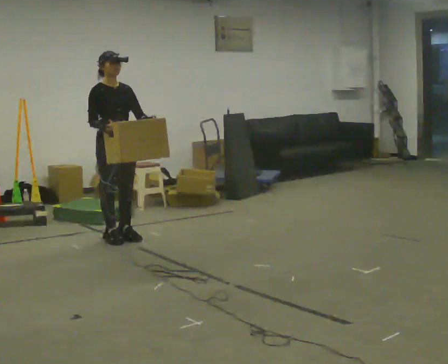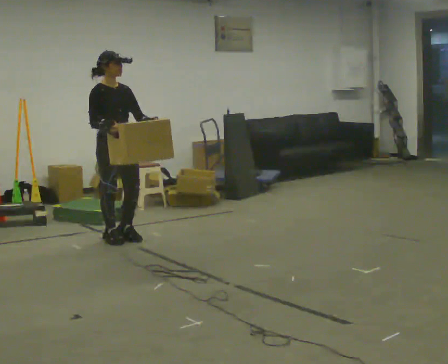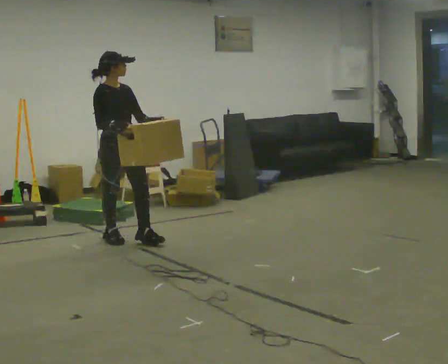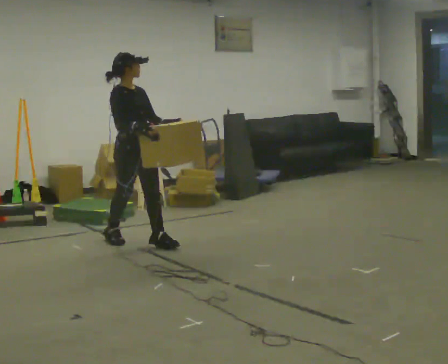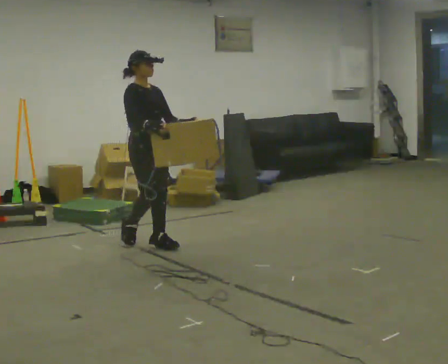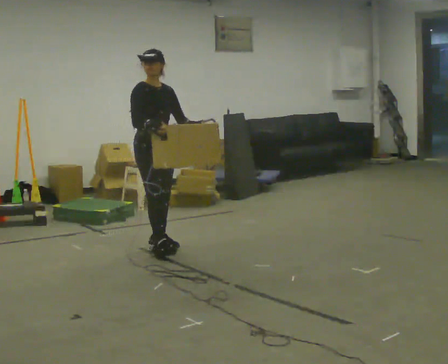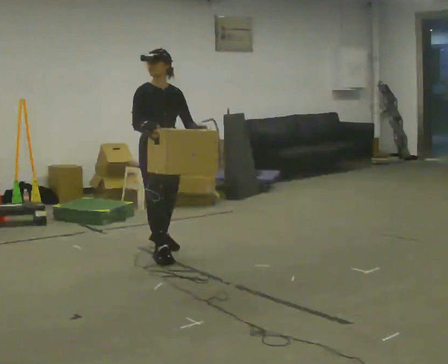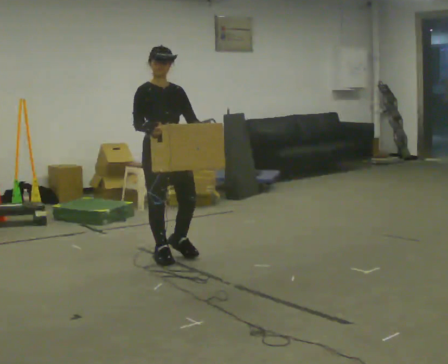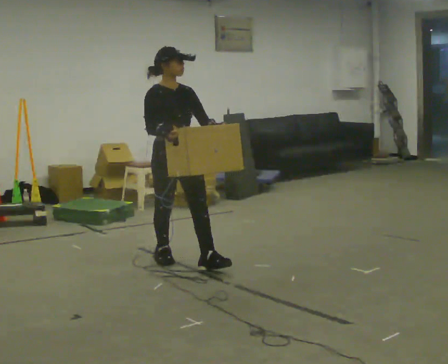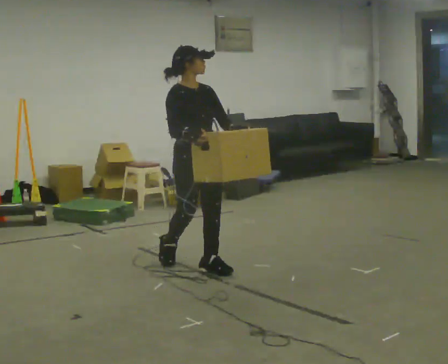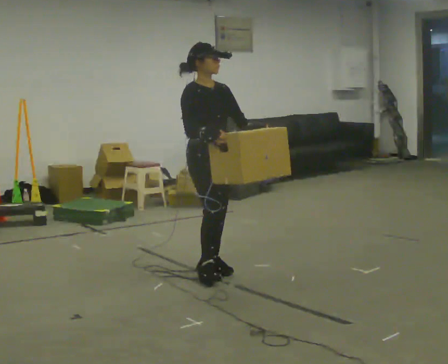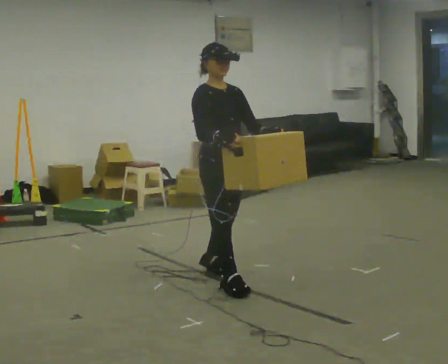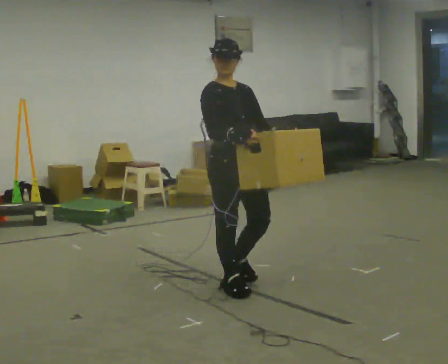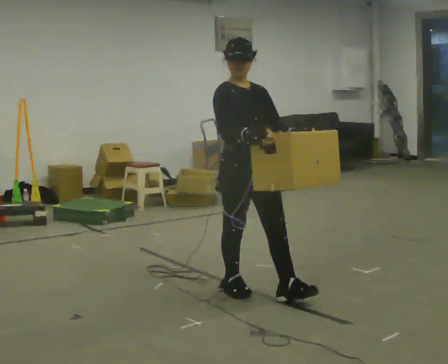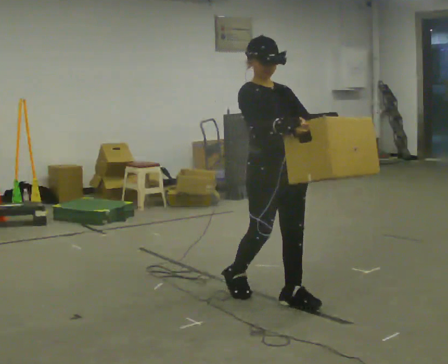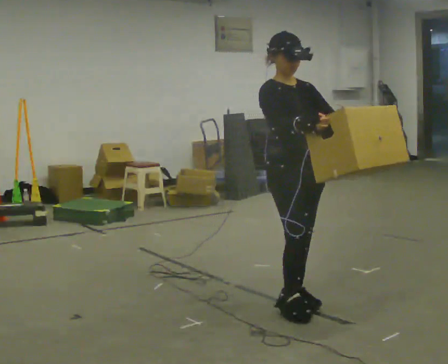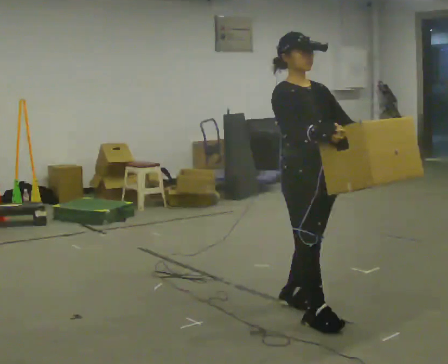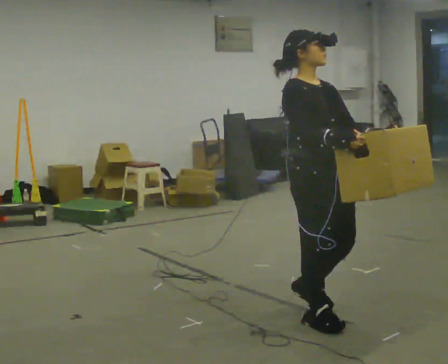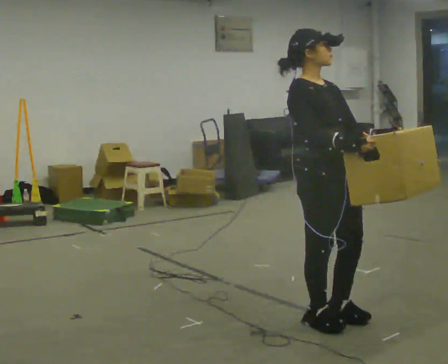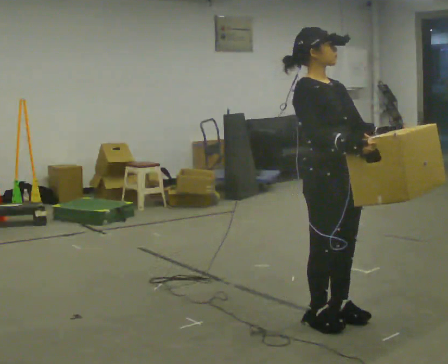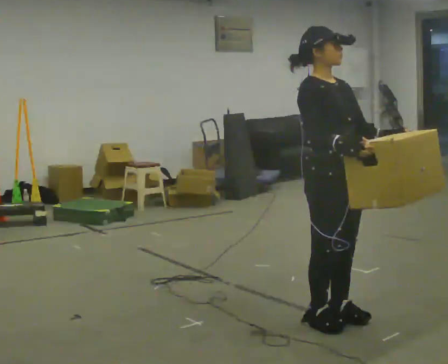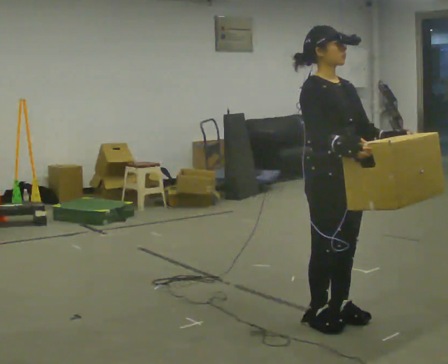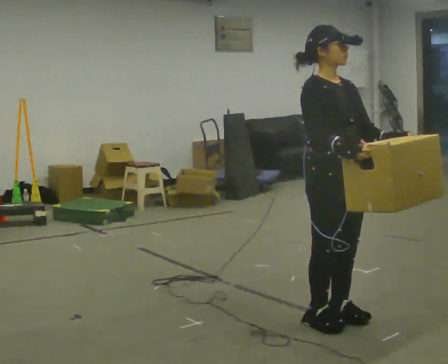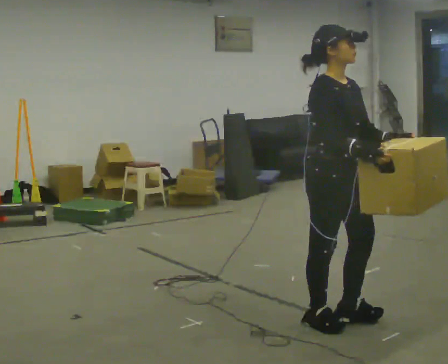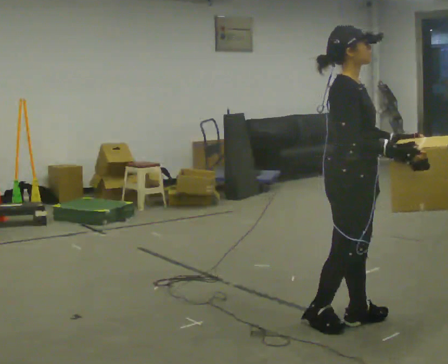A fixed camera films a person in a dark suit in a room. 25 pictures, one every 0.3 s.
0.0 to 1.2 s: In the picture they go to the right and toward the camera, about 0.25 m in 1 step, which for them is forward.
1.2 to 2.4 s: In the picture they go toward the camera and to the right, about 0.5 m in 1 step, which for them is forward.
2.4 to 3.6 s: In the picture they go toward the camera and to the right, about 1 m in 2 steps, which for them is forward.
3.6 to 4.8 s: In the picture they go toward the camera and to the right, about 0.75 m in 2 steps, which for them is forward.
4.8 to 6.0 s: The person moves a little, or ends about where they began.
6.0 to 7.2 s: Seen from above the body turns counterclockwise, about 30 degrees: to their left, with its near side sliding to the right.
The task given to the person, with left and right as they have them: Carry the box across the room while freely looking around at the walls, ceiling and floor. Keep going until the operator says stop; one object at a time, and do not rush between trips.
The film runs forward here.
